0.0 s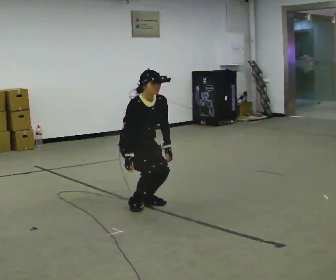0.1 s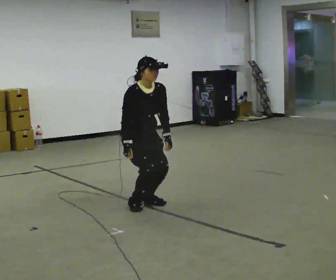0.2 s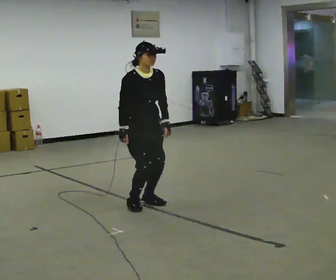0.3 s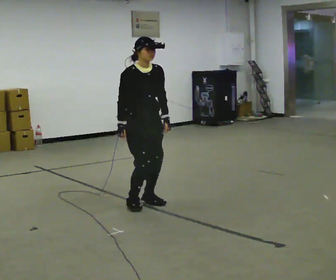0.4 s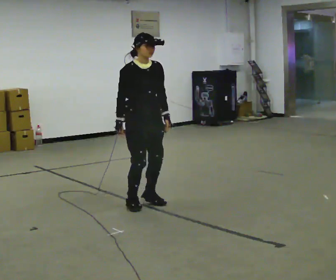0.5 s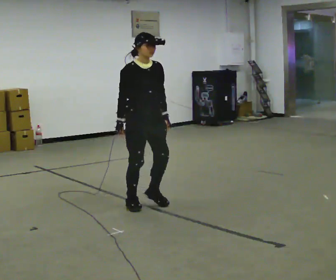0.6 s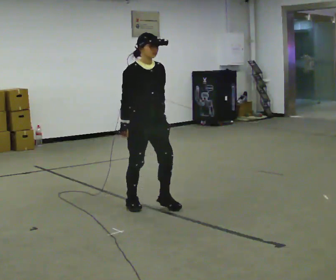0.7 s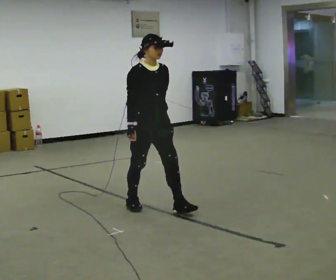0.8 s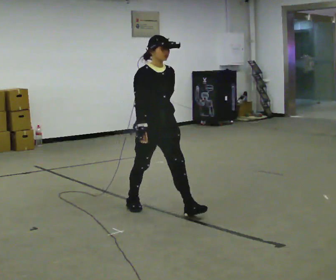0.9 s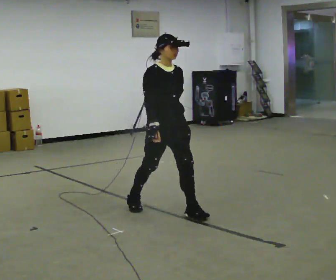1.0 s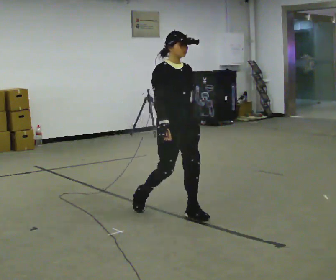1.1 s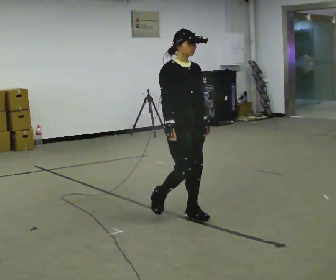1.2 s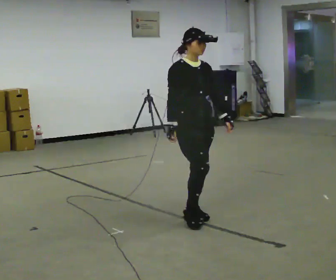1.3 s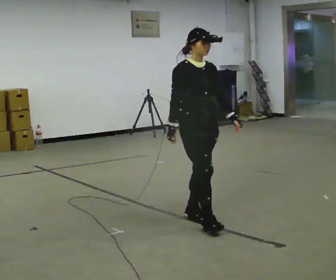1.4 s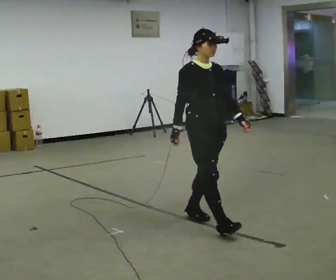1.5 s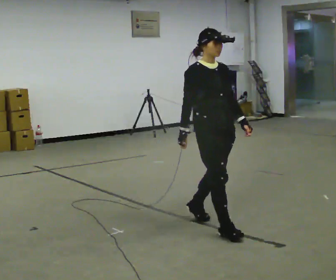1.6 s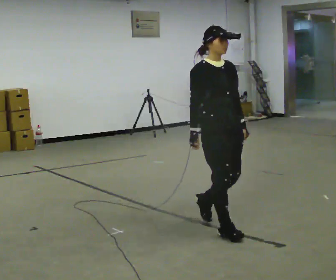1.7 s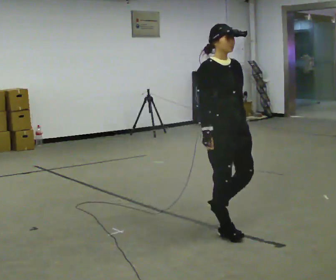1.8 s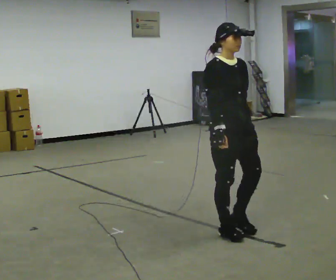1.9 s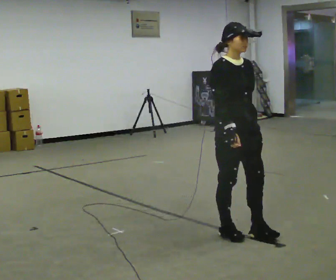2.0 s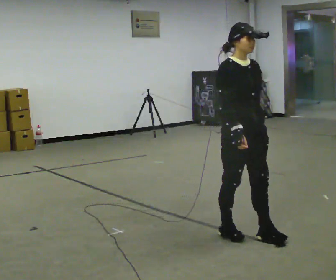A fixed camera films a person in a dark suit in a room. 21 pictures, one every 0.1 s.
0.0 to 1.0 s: In the picture they go toward the camera and to the right, about 0.5 m in 1 step, which for them is forward. The upper body goes upward. The upper body tips away from the camera, its near side rolling upward, as they lean back or straighten.
1.0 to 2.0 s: In the picture they go toward the camera and to the right, about 0.5 m in 2 steps, which for them is forward.
The film runs forward here.
